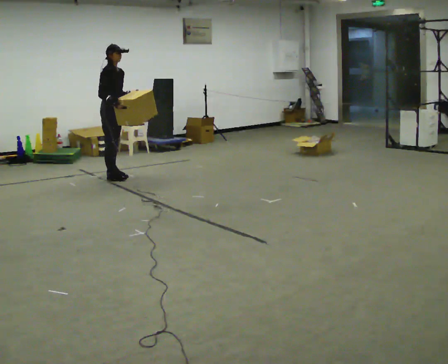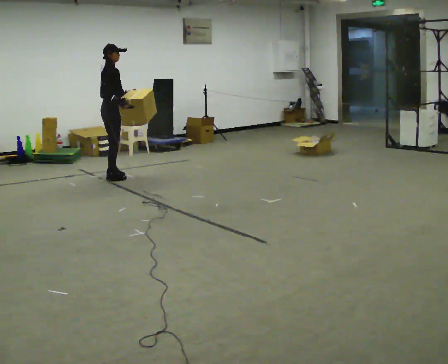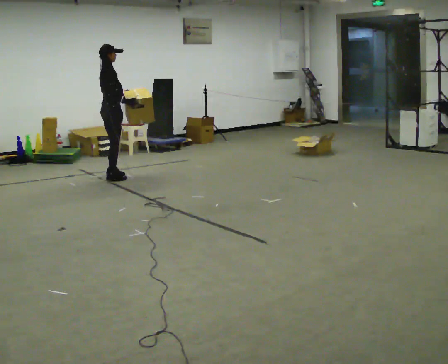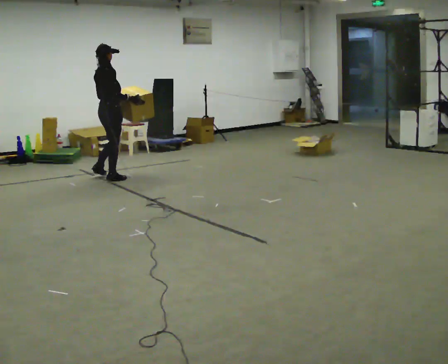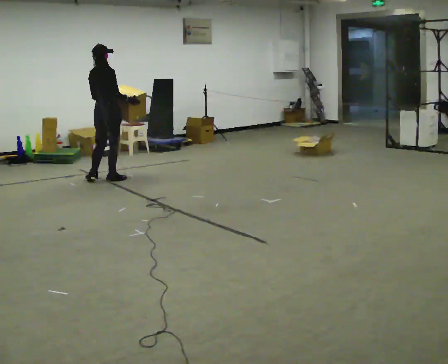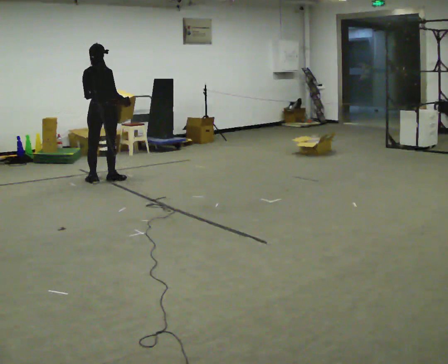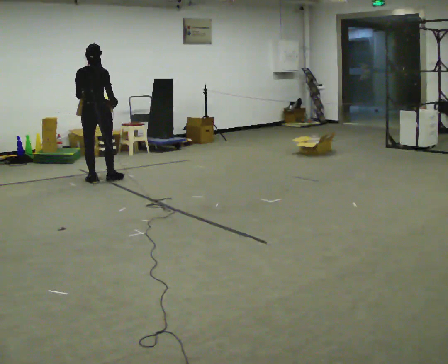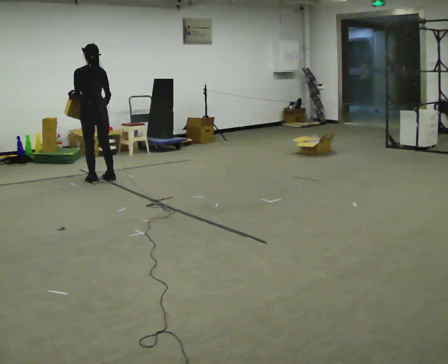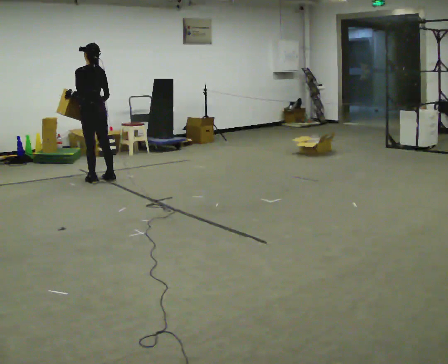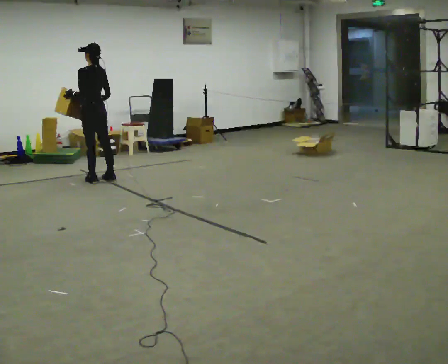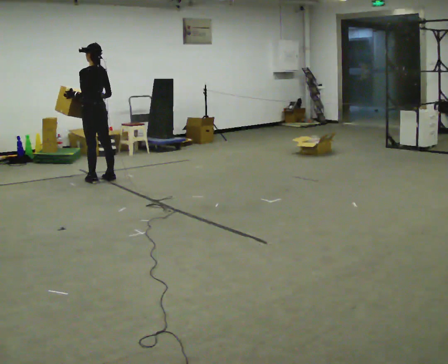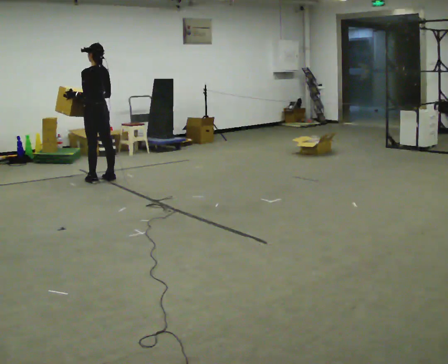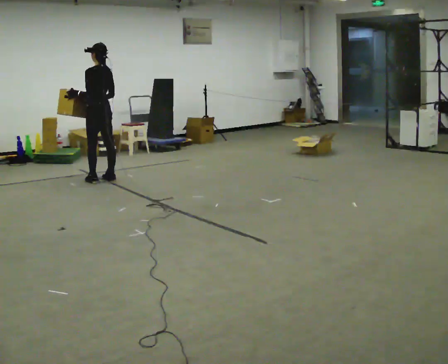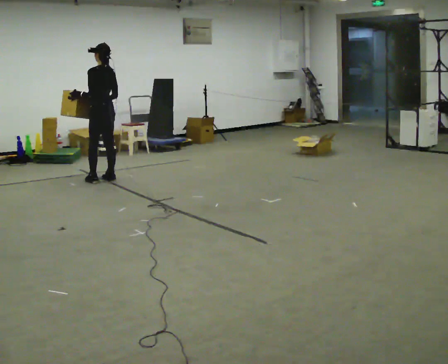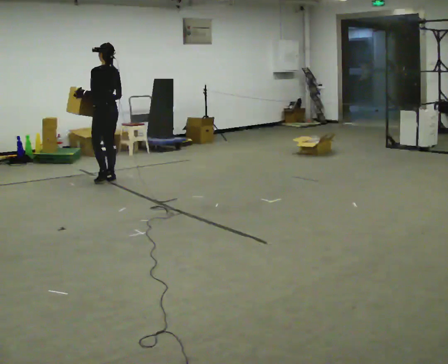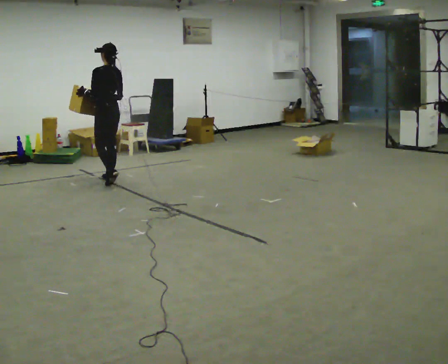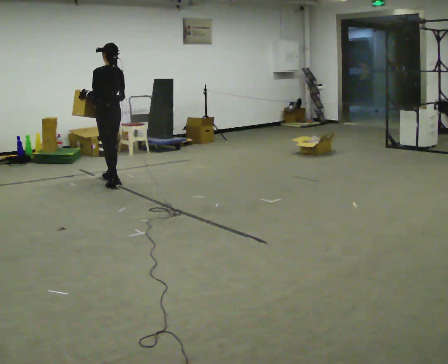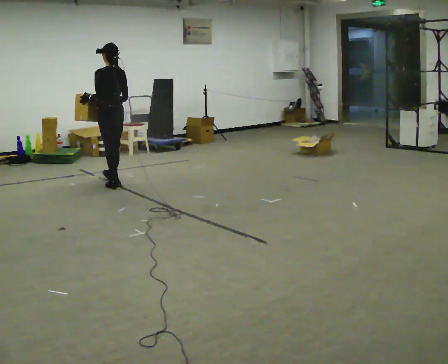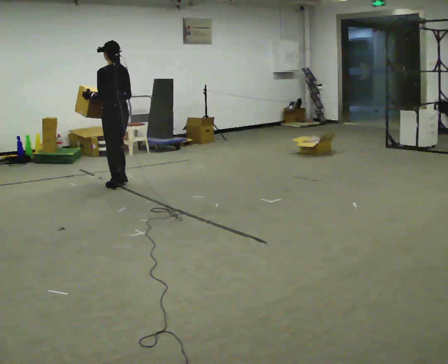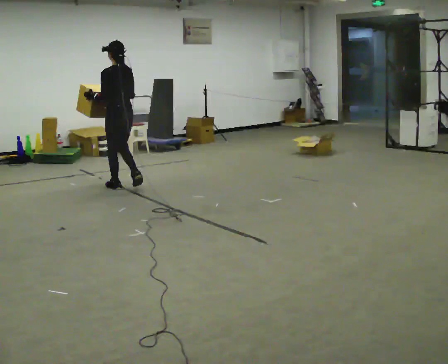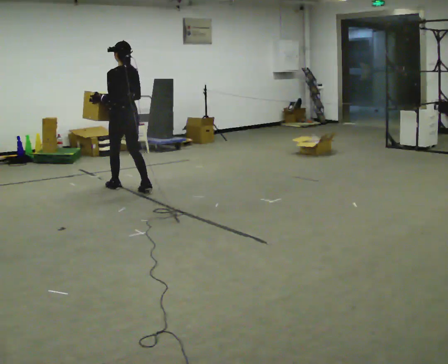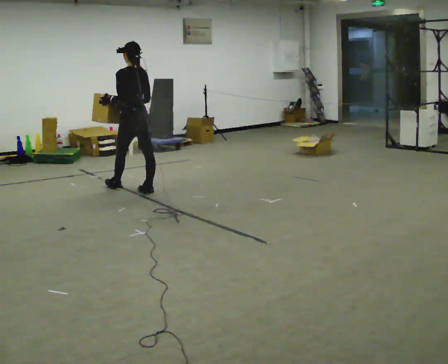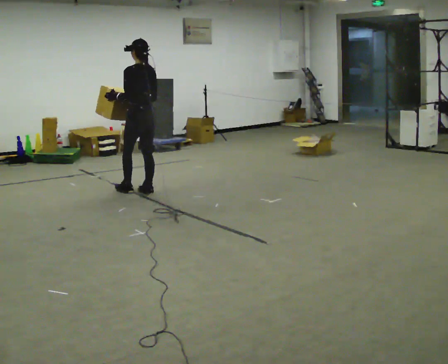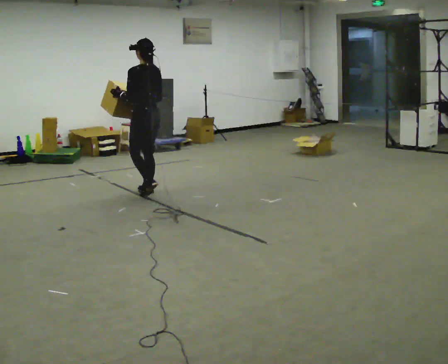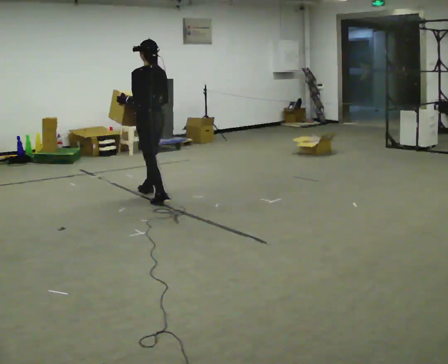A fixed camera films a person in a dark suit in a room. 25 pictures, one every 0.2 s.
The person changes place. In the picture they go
toward the camera.
The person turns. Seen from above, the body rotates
counterclockwise.
0.0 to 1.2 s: The person turns about 120 degrees to their left, counterclockwise seen from above, so the part of the body nearest the lens slides to the right. In the picture they go toward the camera and to the left, about 0.25 m in 1 step.
1.2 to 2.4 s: The part of the body nearest the lens slides to the right as the person turns to their left by about 45 degrees.
2.4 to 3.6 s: In the picture they go toward the camera, about 0.5 m in 2 steps, which for them is backward.
3.6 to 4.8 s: In the picture they go toward the camera and to the right, about 0.5 m in 1 step, which for them is backward.
The film runs backward here.
